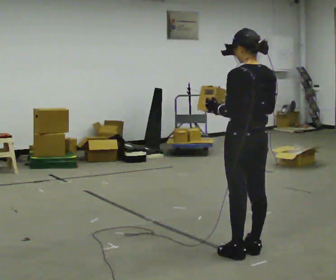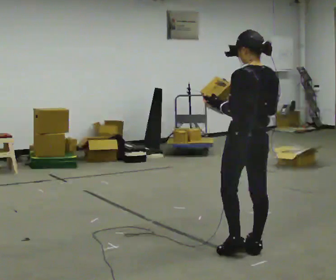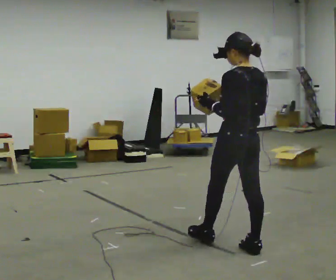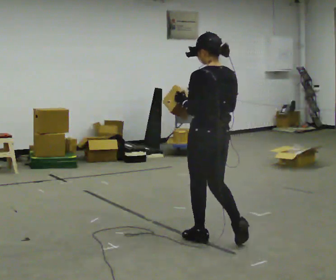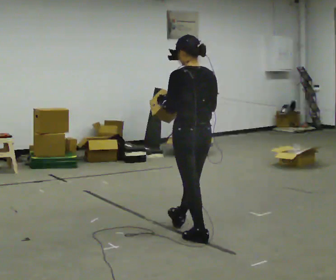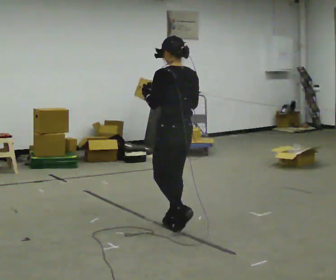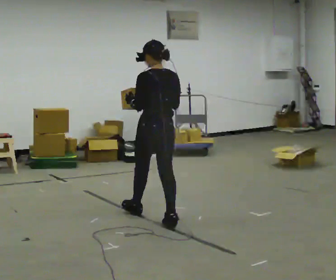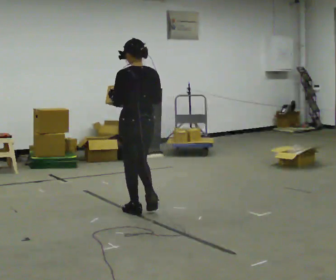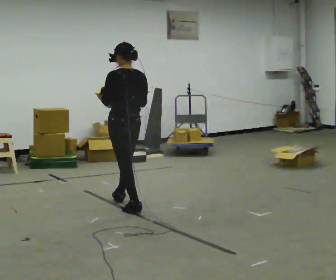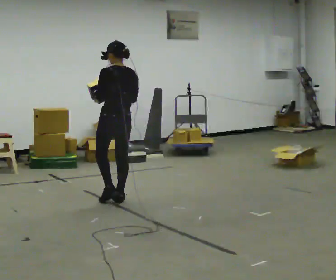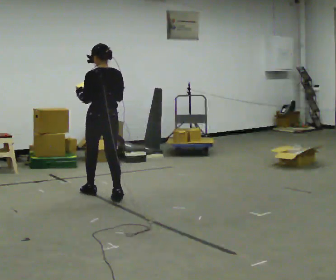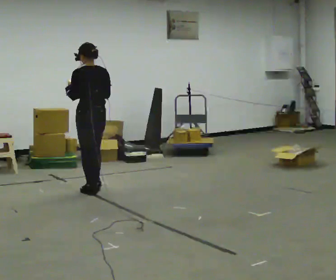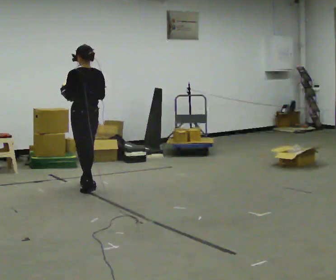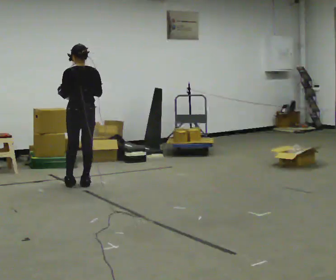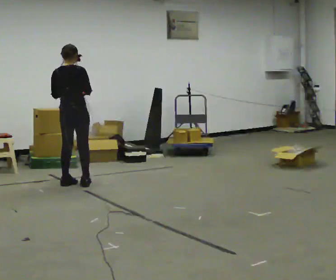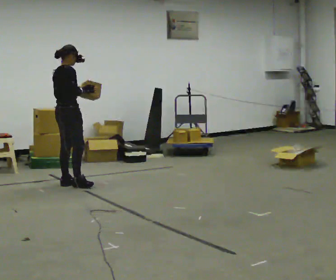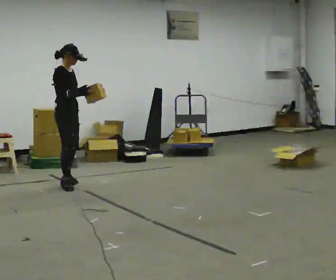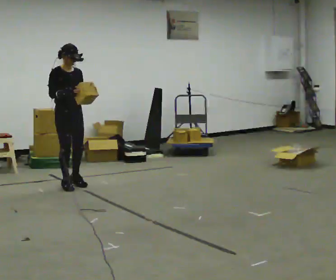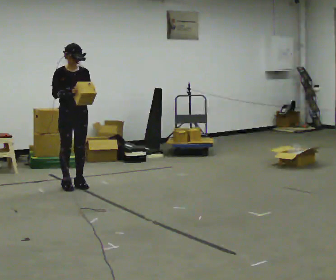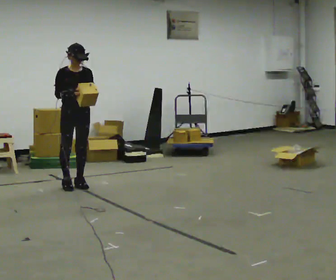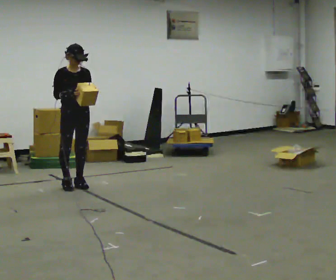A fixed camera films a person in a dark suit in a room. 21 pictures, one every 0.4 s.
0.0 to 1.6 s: In the picture they go away from the camera and to the left, about 0.5 m in 1 step, which for them is forward.
1.6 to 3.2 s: In the picture they go away from the camera and to the left, about 1 m in 3 steps, which for them is forward.
3.2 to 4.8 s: In the picture they go away from the camera and to the left, about 1 m in 2 steps, which for them is forward.
4.8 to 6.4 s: The part of the body nearest the lens slides to the left as the person turns to their right by about 150 degrees. In the picture they go to the left, about 0.25 m in 2 steps.
6.4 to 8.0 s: The person turns about 45 degrees to their right, clockwise seen from above, so the part of the body nearest the lens slides to the left.
The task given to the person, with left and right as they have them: Carry the box and, while you are still walking, turn it so you can read the label, read it out loud, then carry on. Repeat with the next box. Do not stop to read it.
The film runs forward here.
